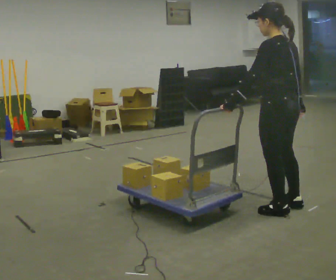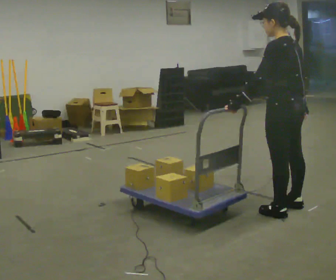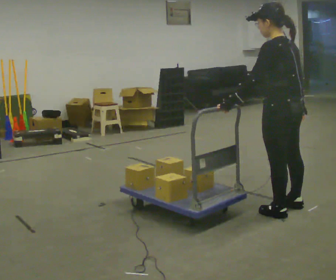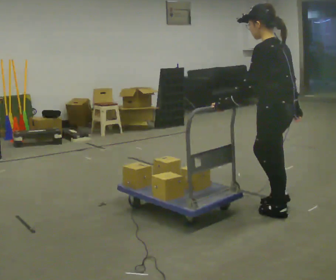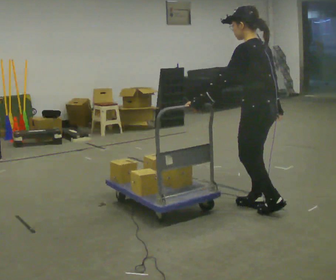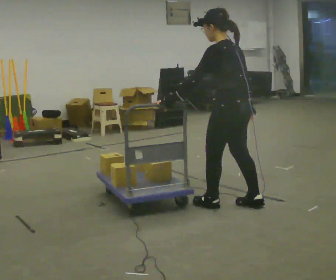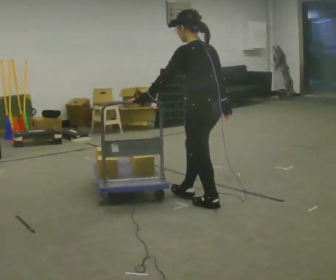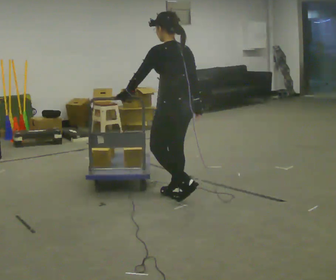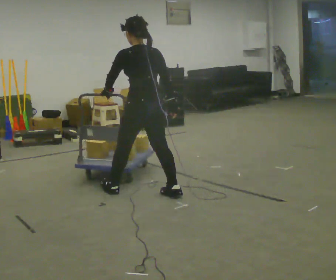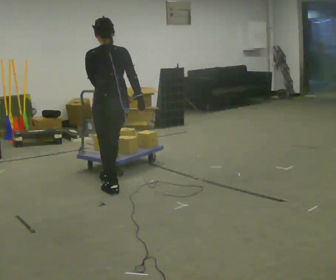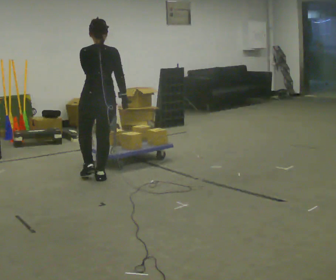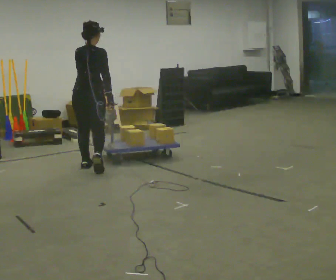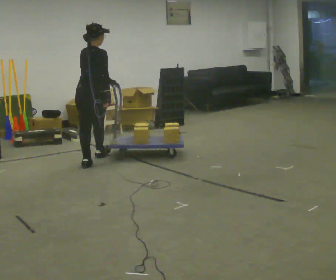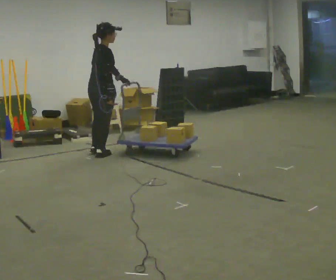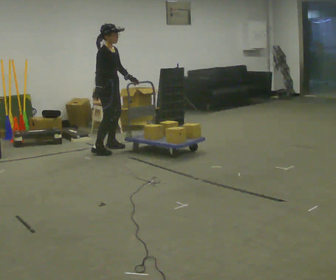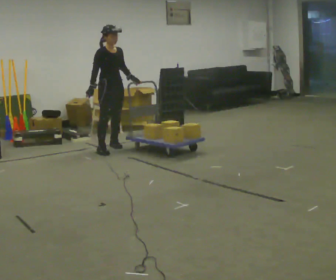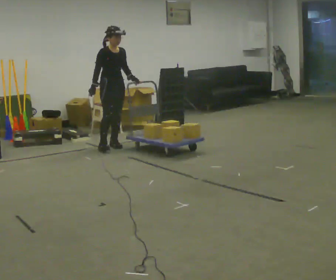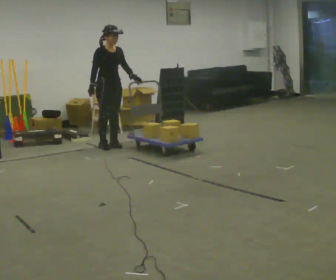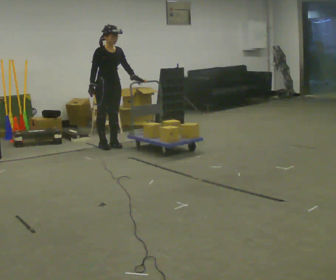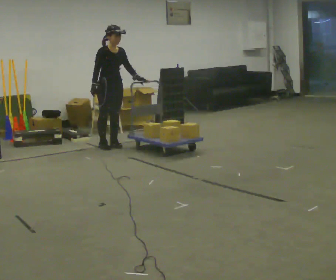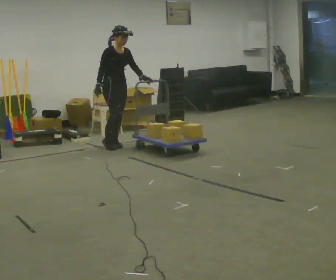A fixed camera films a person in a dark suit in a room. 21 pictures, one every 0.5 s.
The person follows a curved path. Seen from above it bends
clockwise.
The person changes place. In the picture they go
away from the camera.
0.0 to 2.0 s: The person moves a little, or ends about where they began.
2.0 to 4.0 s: In the picture they go to the left and away from the camera, about 1 m in 3 steps, which for them is forward.
4.0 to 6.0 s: The part of the body nearest the lens slides to the left as the person turns to their right by about 45 degrees. In the picture they go away from the camera, about 1.5 m in 3 steps, which for them is forward.
6.0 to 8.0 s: The person turns about 135 degrees to their right, clockwise seen from above, so the part of the body nearest the lens slides to the left. In the picture they go away from the camera, about 1 m in 3 steps.
8.0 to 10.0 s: The person moves a little, or ends about where they began.
The film runs forward here.
